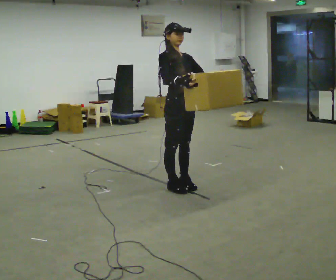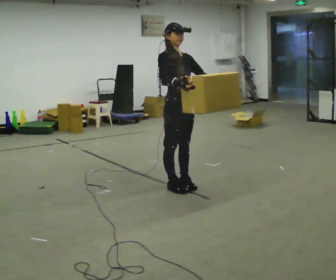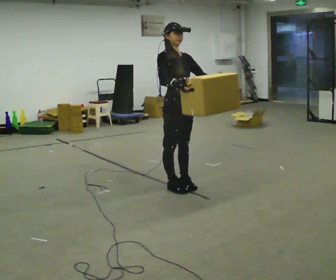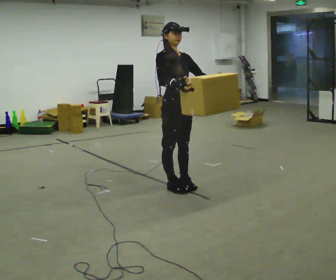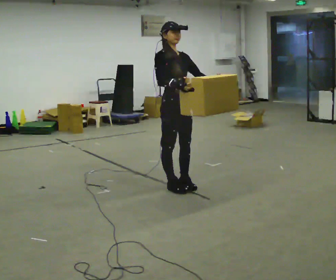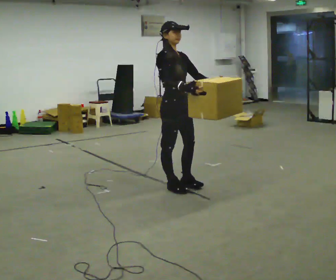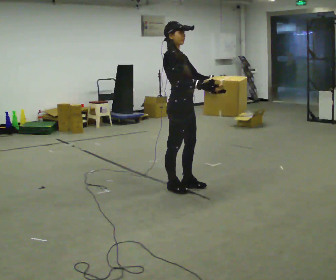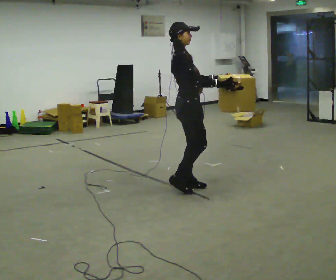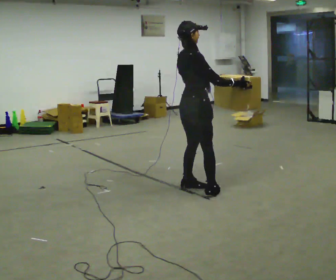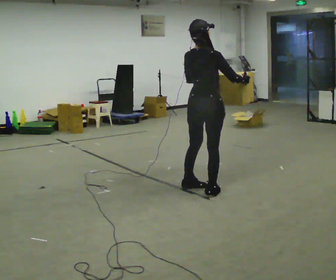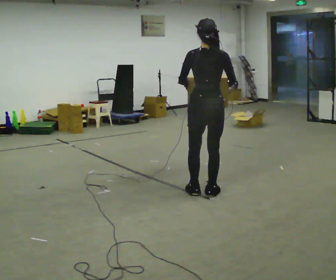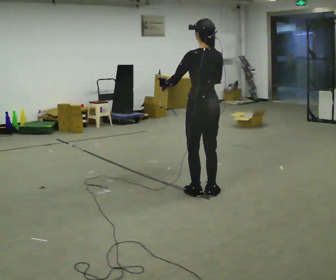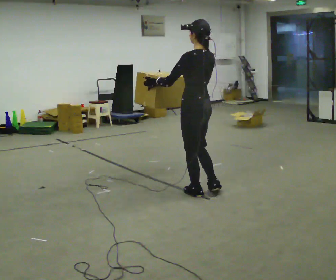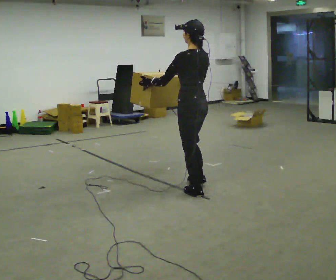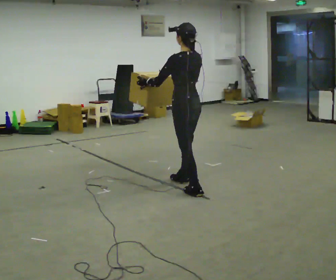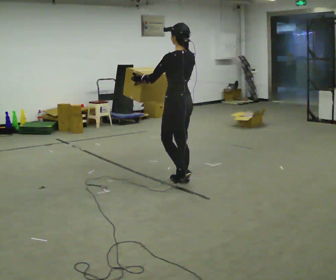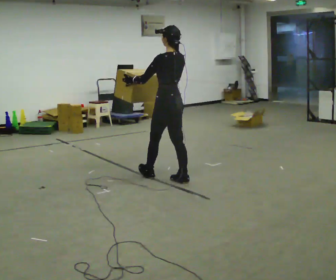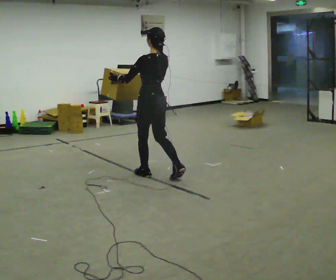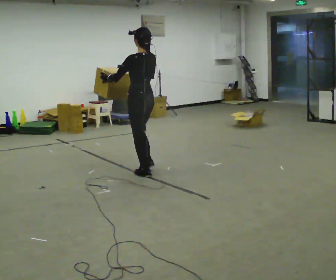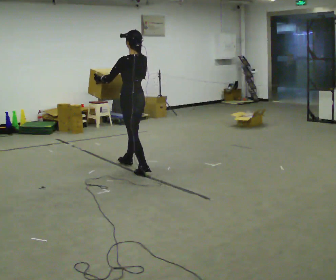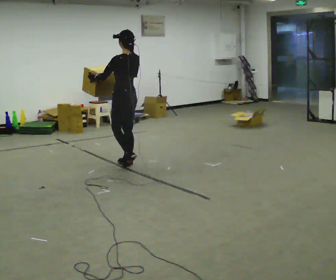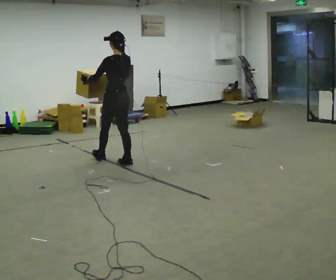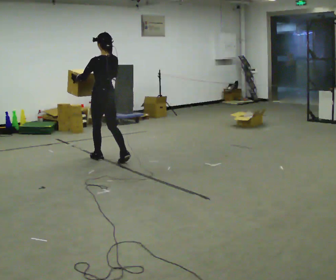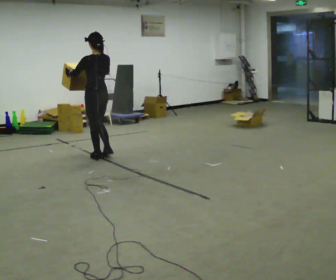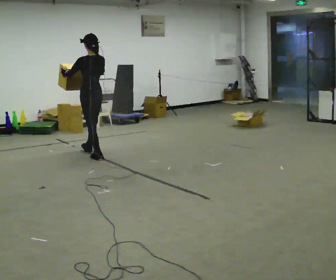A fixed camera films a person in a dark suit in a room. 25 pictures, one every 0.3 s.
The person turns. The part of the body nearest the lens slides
to the right.
The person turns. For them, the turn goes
to their left.
0.0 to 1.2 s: The person moves a little, or ends about where they began.
1.2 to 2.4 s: The person turns about 75 degrees to their left, counterclockwise seen from above, so the part of the body nearest the lens slides to the right. In the picture they go to the right, about 0.25 m in 1 step.
2.4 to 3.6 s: The part of the body nearest the lens slides to the right as the person turns to their left by about 105 degrees. In the picture their right hand goes to the left.
3.6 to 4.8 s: In the picture they go away from the camera and to the left, about 0.5 m in 1 step, which for them is forward.
4.8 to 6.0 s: In the picture they go to the left and away from the camera, about 1 m in 2 steps, which for them is forward.
6.0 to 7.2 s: In the picture they go to the left and away from the camera, about 0.75 m in 2 steps, which for them is forward.
The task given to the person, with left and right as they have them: Carry the box across the room much more slowly and carefully than normal, back and forth.
The film runs forward here.
